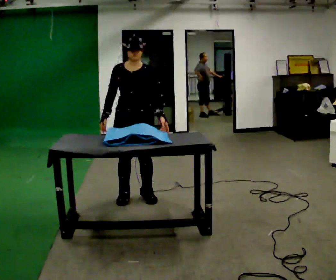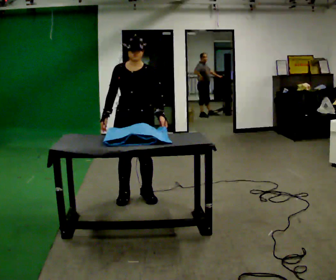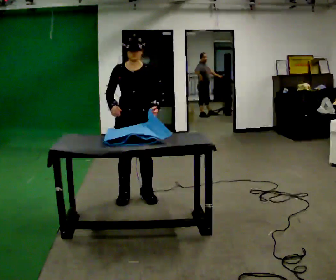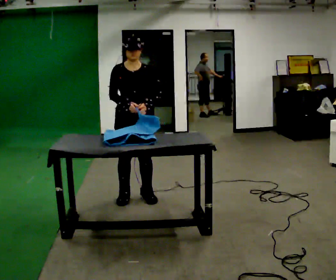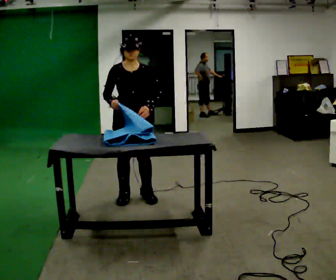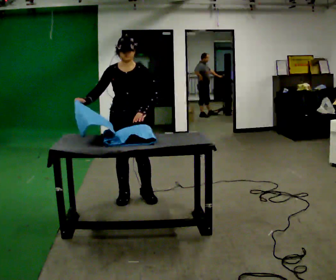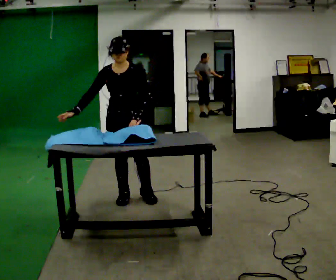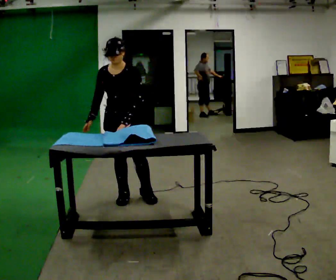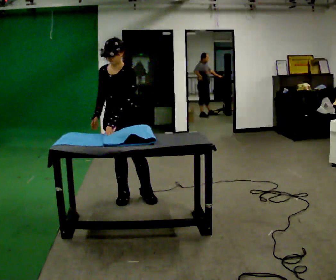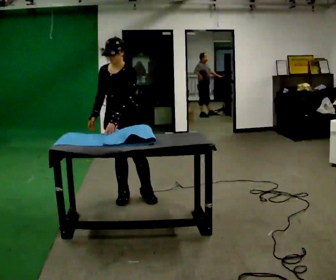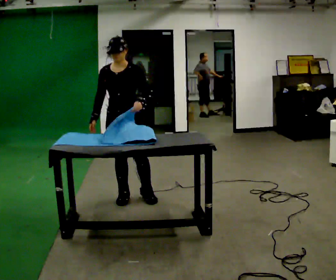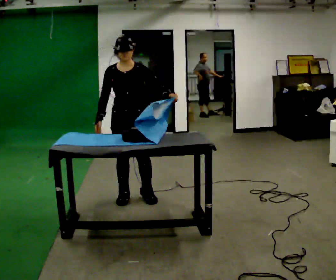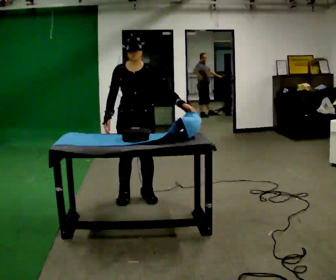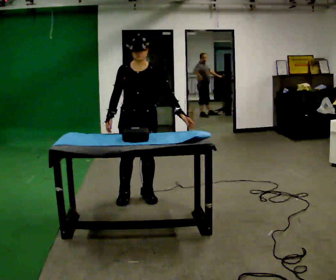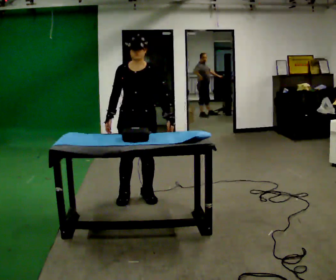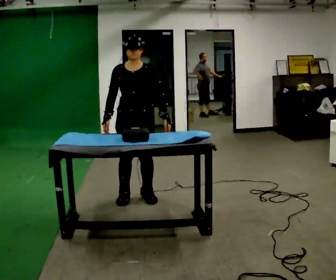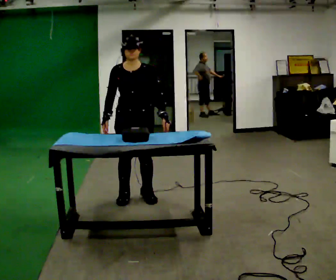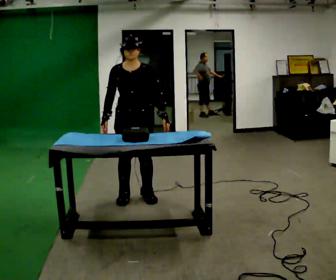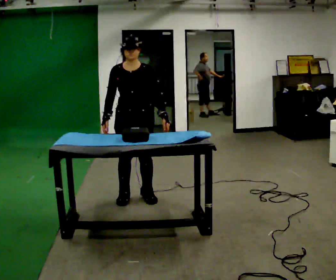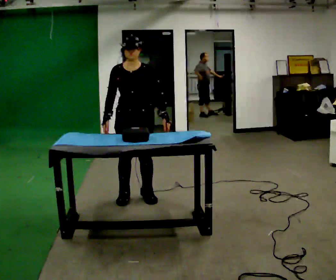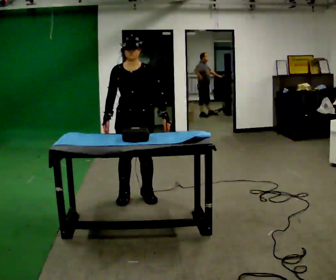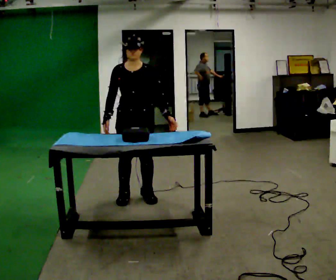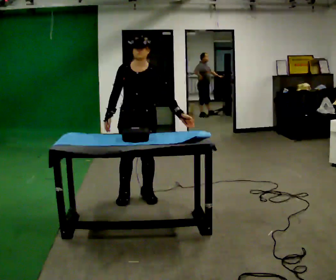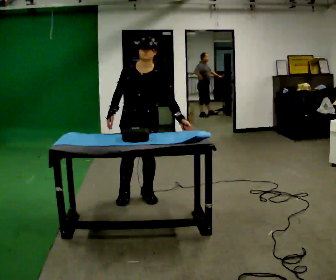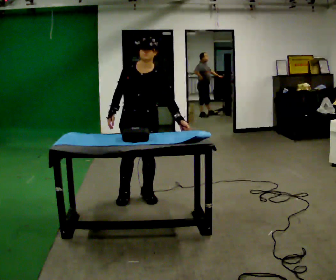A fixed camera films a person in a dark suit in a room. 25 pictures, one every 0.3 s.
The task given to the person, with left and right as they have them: Wrap the cloth around the object and tuck it in, then unwrap it. Repeat at your own pace until the operator says stop. Keep both feet on the marked spots for the whole take. If you have to step, stop and tell the operator.
0.0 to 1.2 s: The person moves a little, or ends about where they began.
1.2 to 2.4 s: The part of the body nearest the lens slides to the left as the person turns to their right by about 30 degrees.
2.4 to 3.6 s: Seen from above the body turns counterclockwise, about 30 degrees: to their left, with its near side sliding to the right. In the picture their left hand goes to the right, the arm swinging counterclockwise.
3.6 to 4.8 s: The person moves a little, or ends about where they began.
4.8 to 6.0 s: The person keeps their place and pose.
6.0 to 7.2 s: The person moves a little, or ends about where they began.
The film runs forward here.
